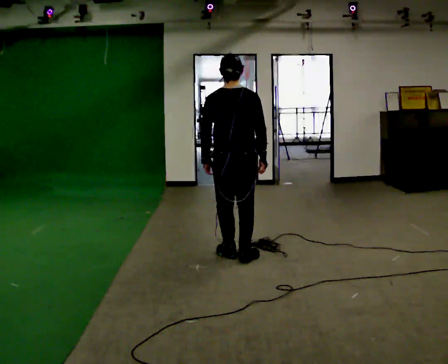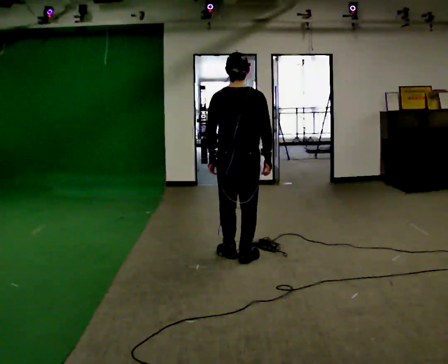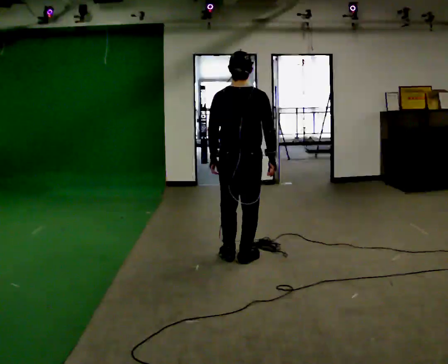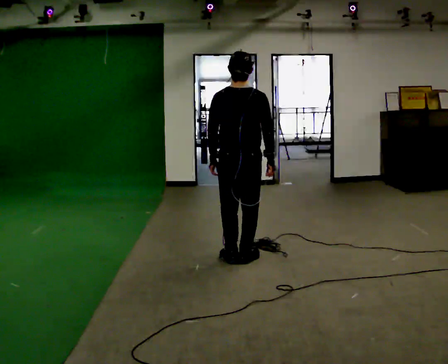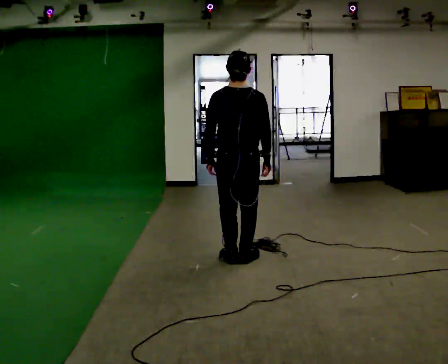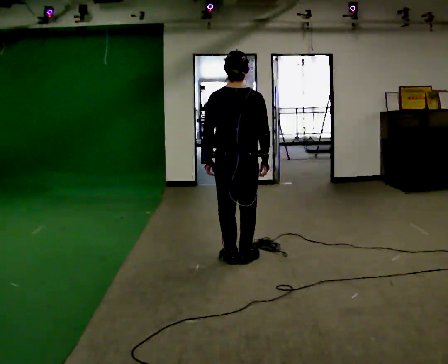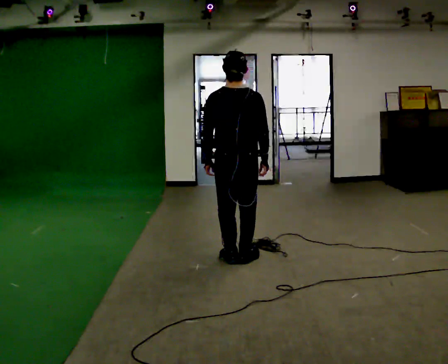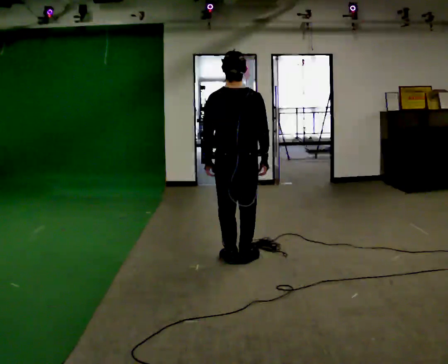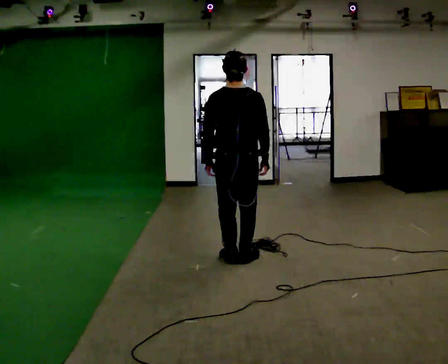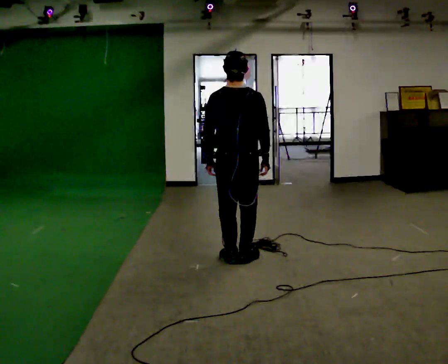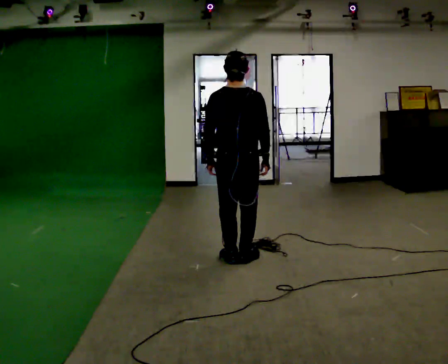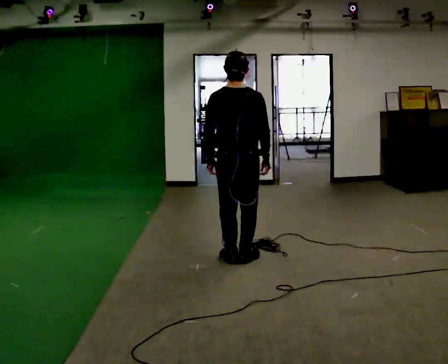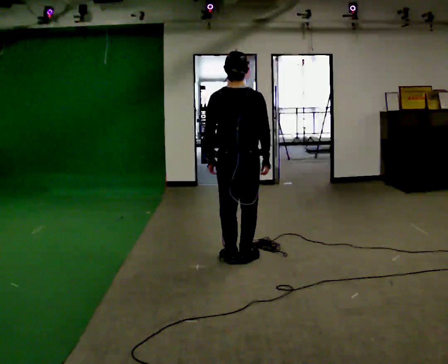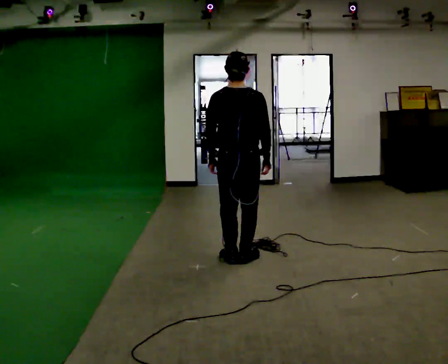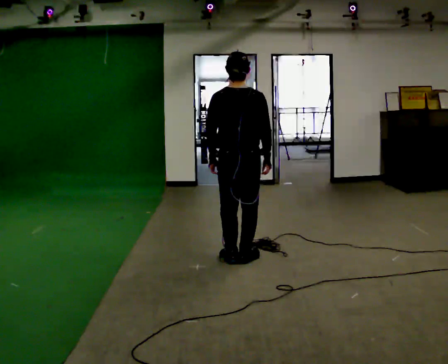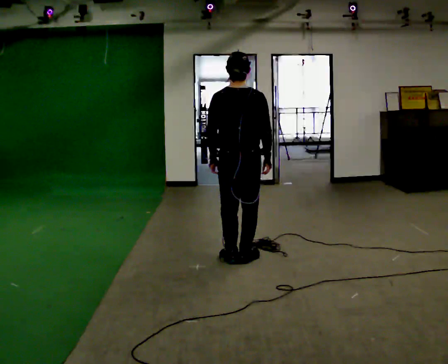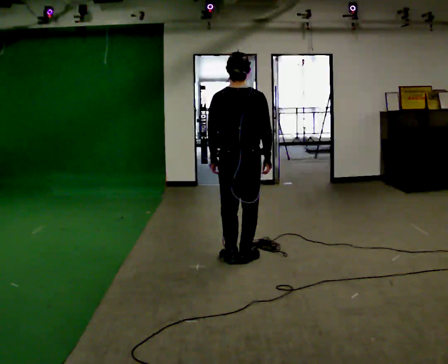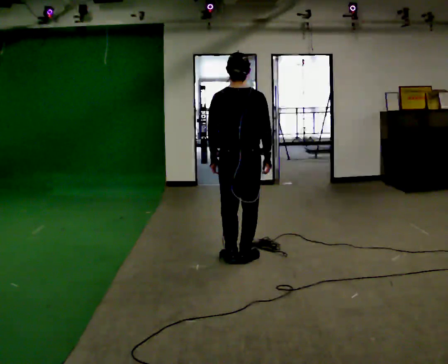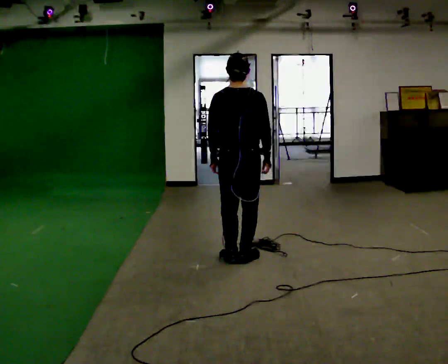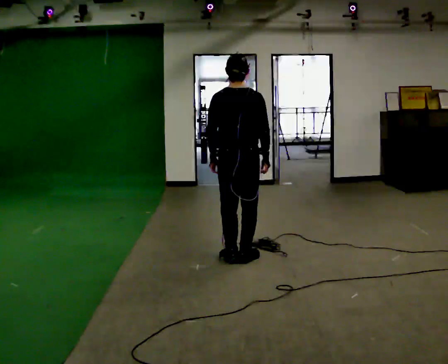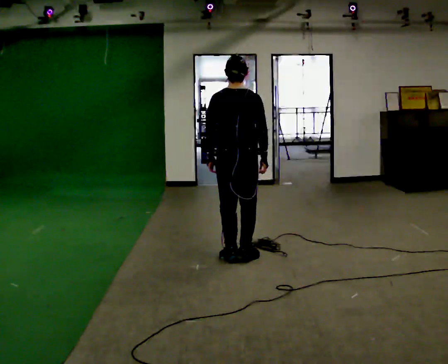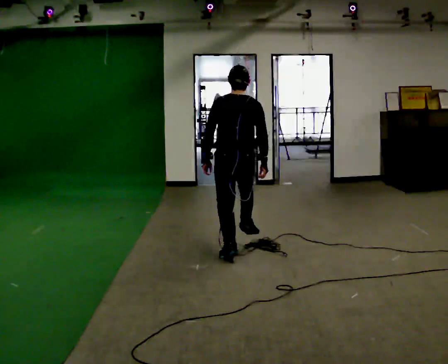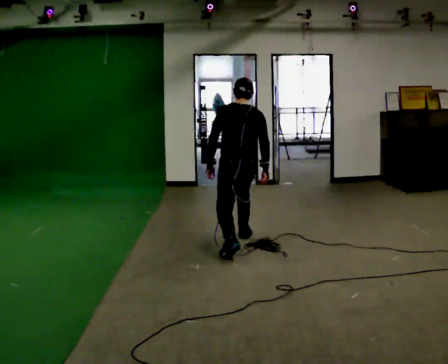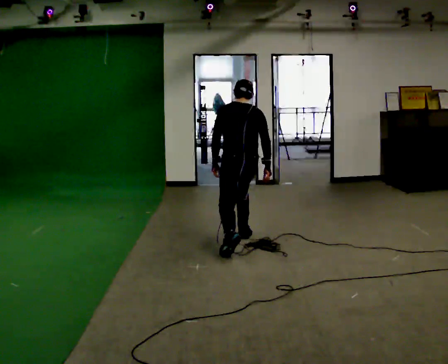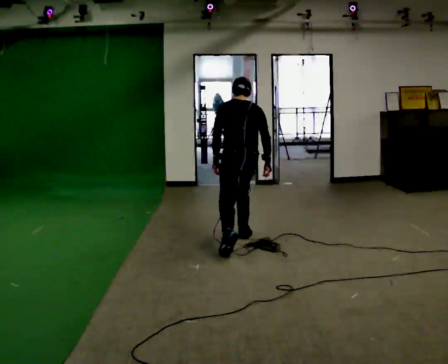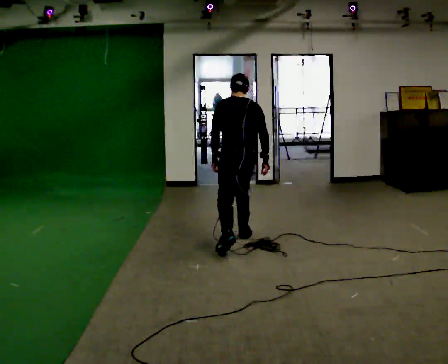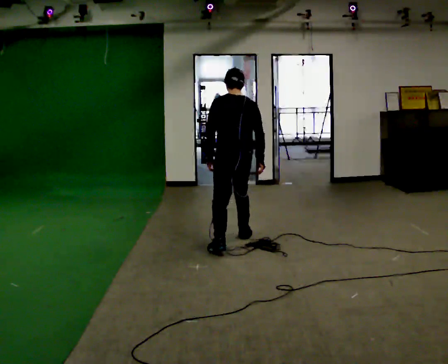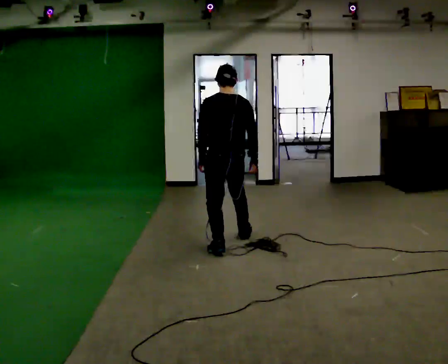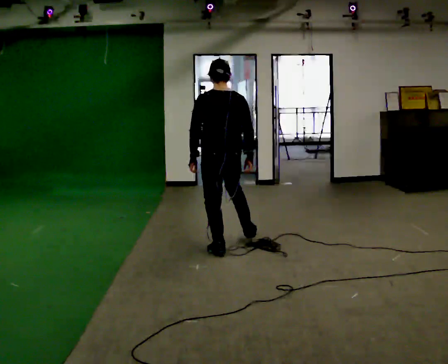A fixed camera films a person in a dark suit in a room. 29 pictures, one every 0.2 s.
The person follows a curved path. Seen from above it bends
counterclockwise.
0.0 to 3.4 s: The person moves a little, or ends about where they began.
3.4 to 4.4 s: In the picture they go away from the camera, about 0.5 m in 1 step, which for them is forward. The shoulders move downward.
4.4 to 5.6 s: In the picture they go toward the camera, about 0.25 m, which for them is to their left.
The film runs forward here.
